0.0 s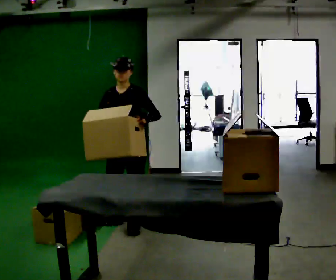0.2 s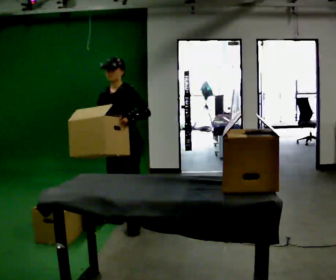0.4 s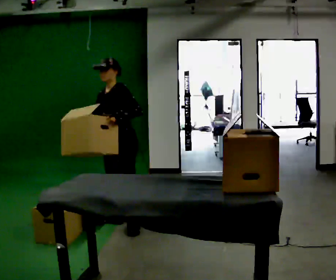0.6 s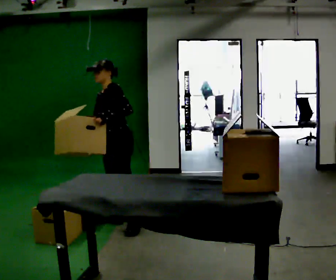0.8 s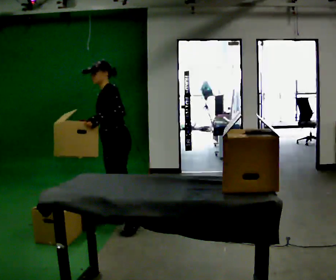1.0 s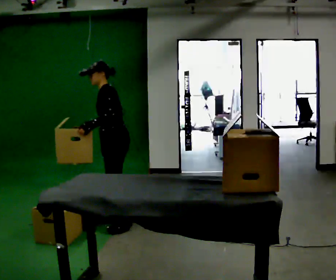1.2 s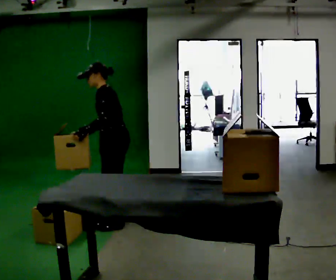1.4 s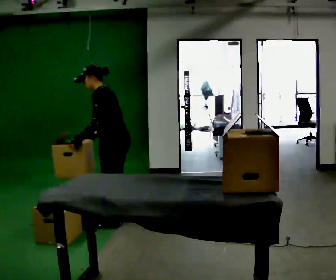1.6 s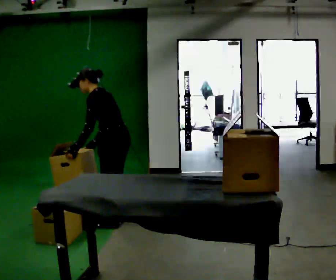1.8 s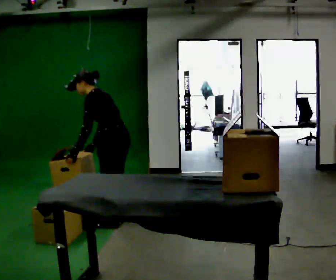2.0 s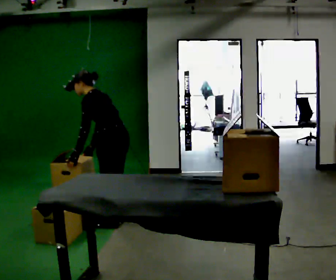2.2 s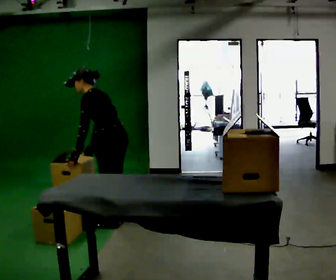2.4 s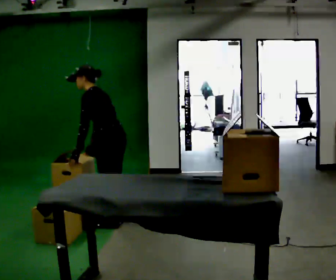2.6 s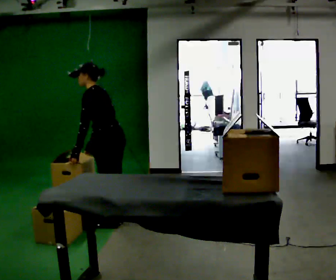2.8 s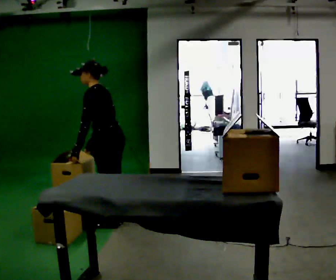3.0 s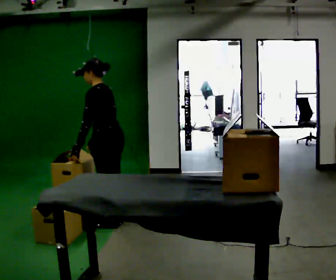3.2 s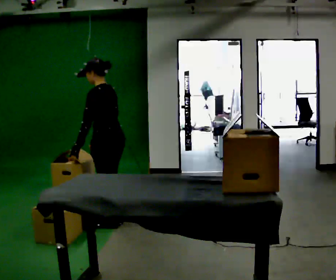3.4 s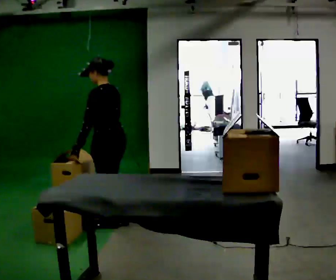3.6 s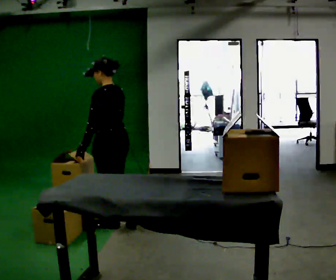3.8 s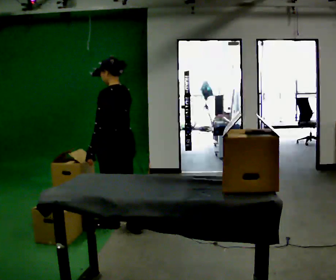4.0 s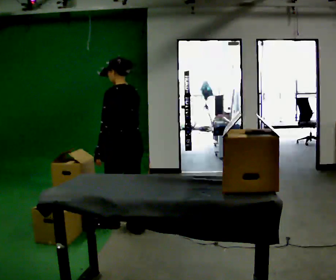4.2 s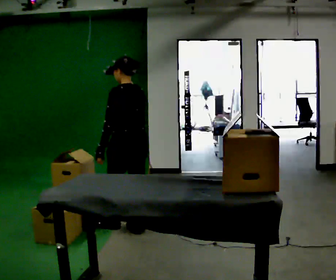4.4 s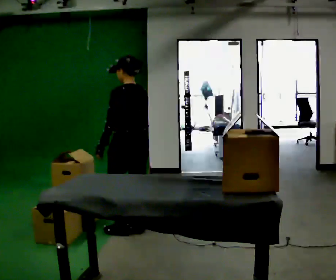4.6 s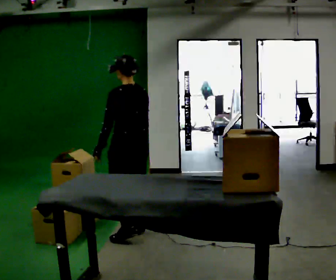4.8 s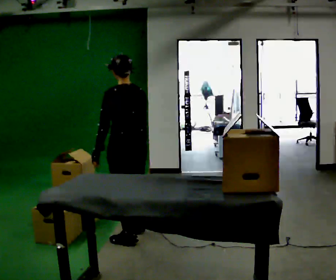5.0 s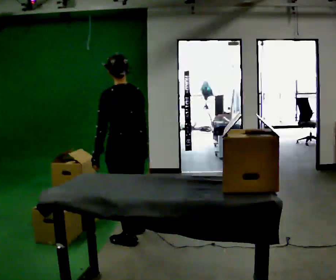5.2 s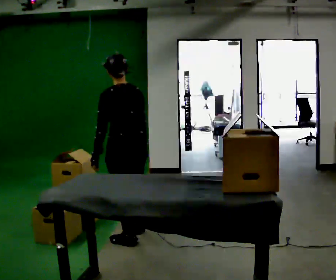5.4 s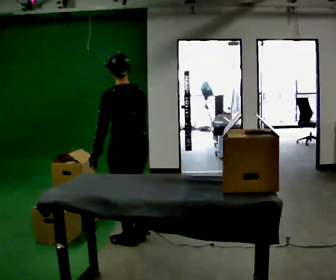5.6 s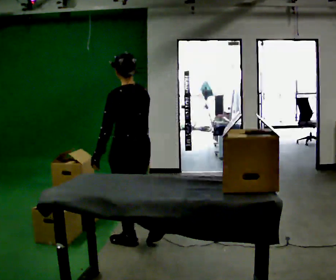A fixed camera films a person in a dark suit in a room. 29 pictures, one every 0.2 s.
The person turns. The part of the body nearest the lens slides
to the left.
The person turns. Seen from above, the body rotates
clockwise.
0.0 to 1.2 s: Seen from above the body turns clockwise, about 60 degrees: to their right, with its near side sliding to the left. In the picture they go away from the camera, about 0.25 m in 1 step. In the picture their left hand goes to the left.
1.2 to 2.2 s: In the picture the upper body tilts counterclockwise, shoulders to the left, as they bend forward.
2.2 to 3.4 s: In the picture the upper body tilts clockwise, shoulders to the right, as they lean back or straighten.
3.4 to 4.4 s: In the picture they go to the right and toward the camera, about 0.25 m in 1 step, which for them is backward.
4.4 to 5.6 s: In the picture they go toward the camera, about 0.25 m in 1 step, which for them is backward and to their left.
The film runs backward here.
